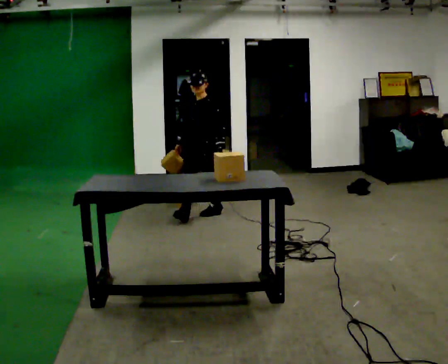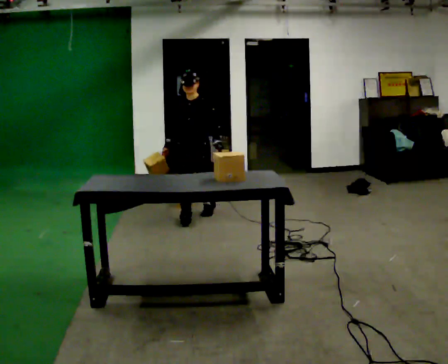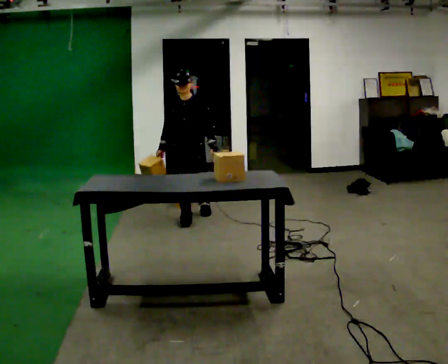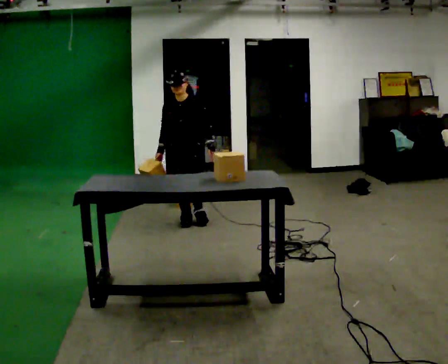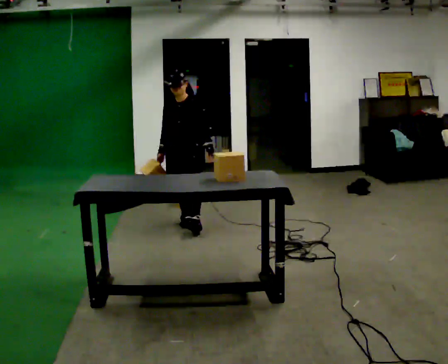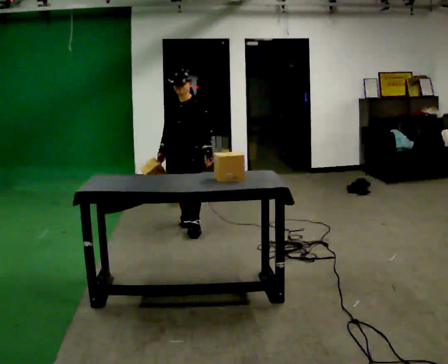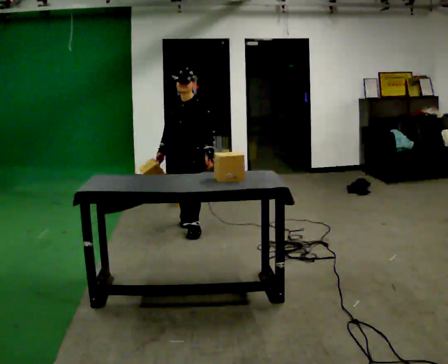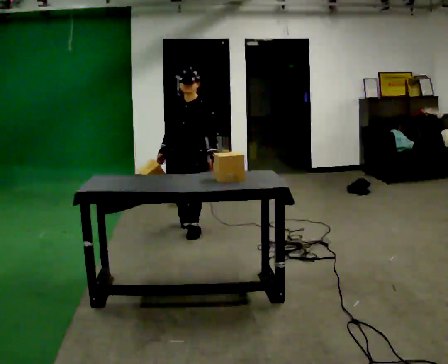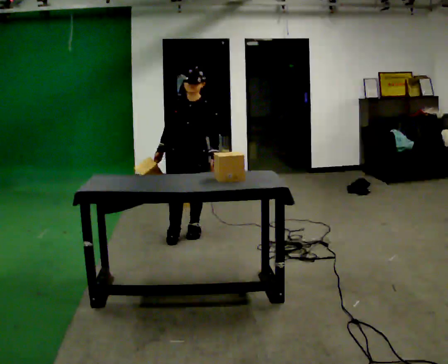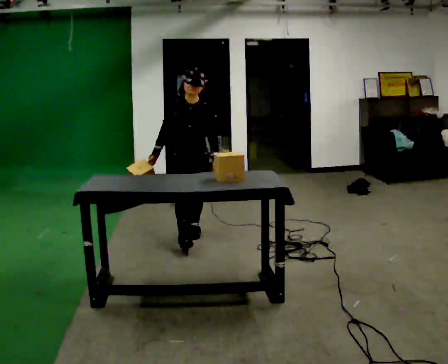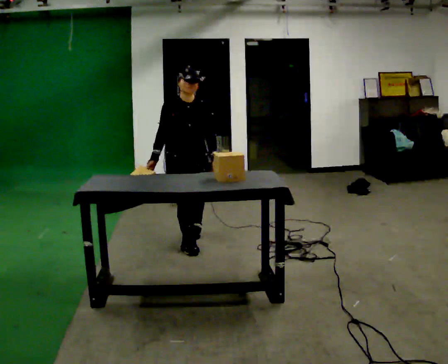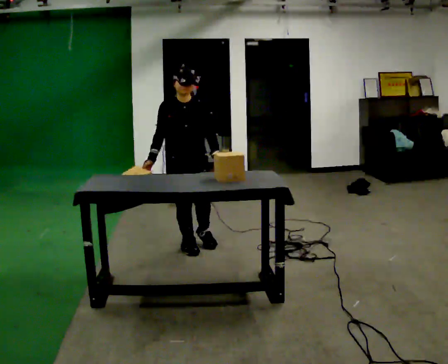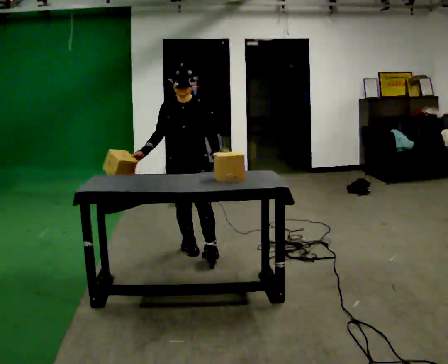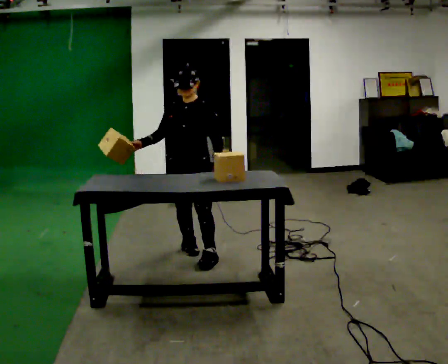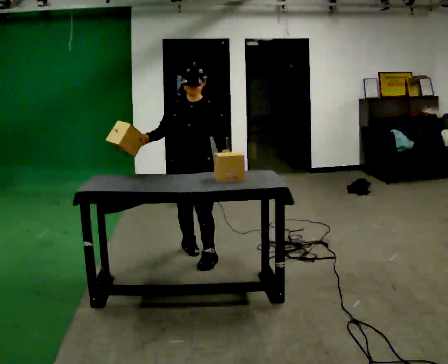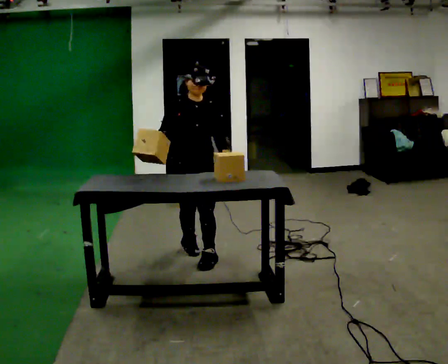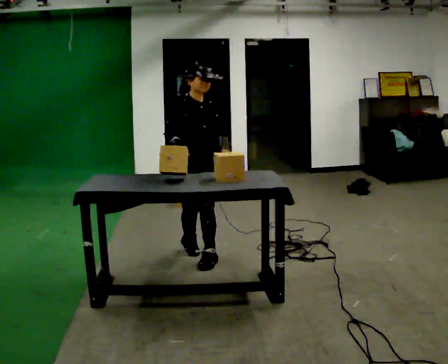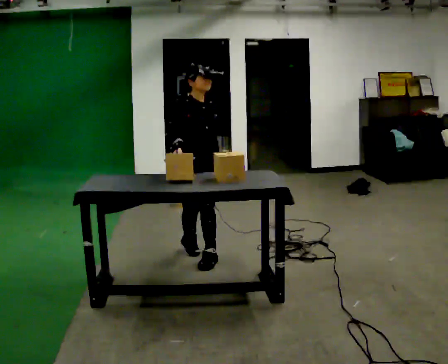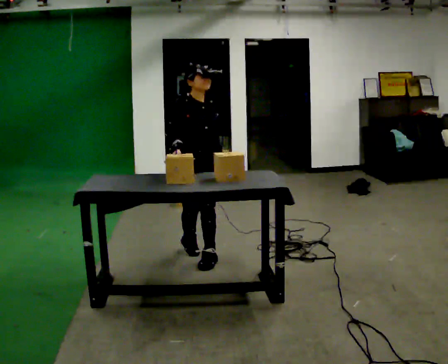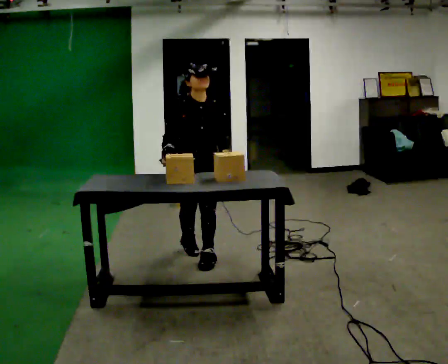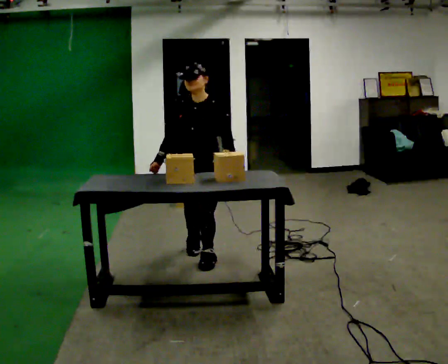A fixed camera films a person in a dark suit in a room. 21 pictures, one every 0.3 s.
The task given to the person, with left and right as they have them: Take an object off the waist-height shelf, carry it across the room, and set it down on the floor. Keep going until the operator says stop; one object at a time, and do not rush between trips.
0.0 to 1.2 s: In the picture they go toward the camera and to the left, about 0.25 m in 3 steps, which for them is forward and to their right.
1.2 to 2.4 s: In the picture they go toward the camera, about 0.5 m, which for them is forward and to their left.
2.4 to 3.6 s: In the picture they go toward the camera, about 0.5 m in 1 step, which for them is forward and to their right.
3.6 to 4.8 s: The person turns about 30 degrees to their left, counterclockwise seen from above, so the part of the body nearest the lens slides to the right. In the picture they go toward the camera, about 0.25 m in 1 step, which for them is forward.
4.8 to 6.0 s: The part of the body nearest the lens slides to the left as the person turns to their right by about 60 degrees.
The film runs forward here.
